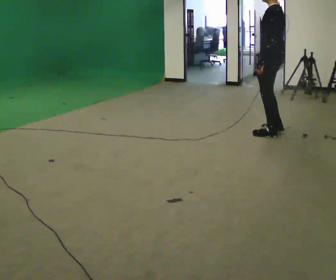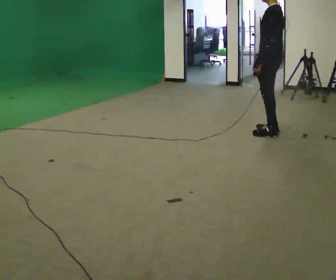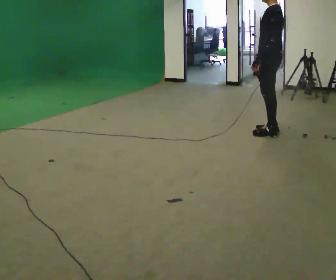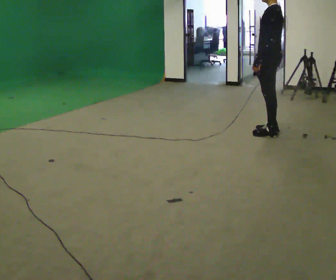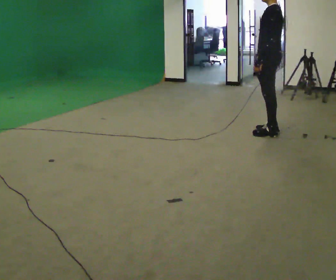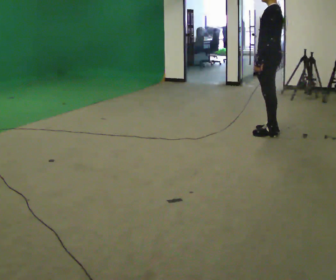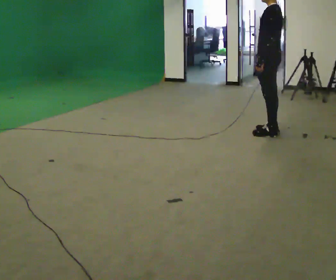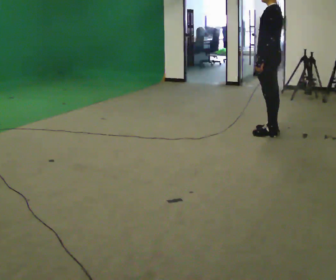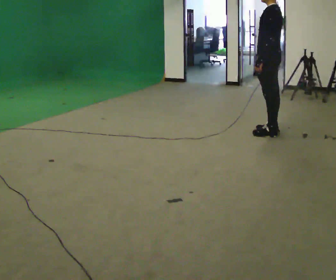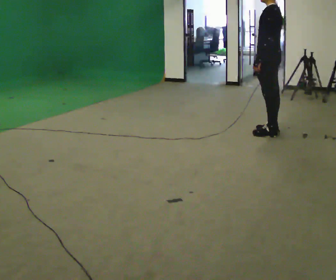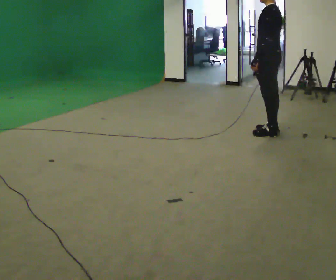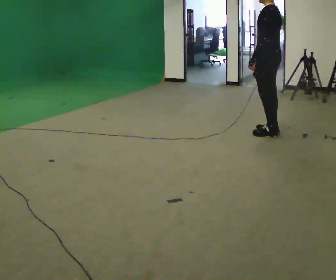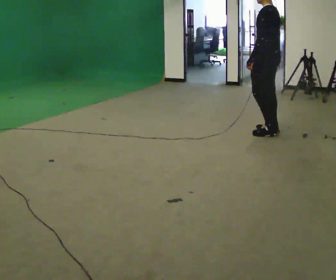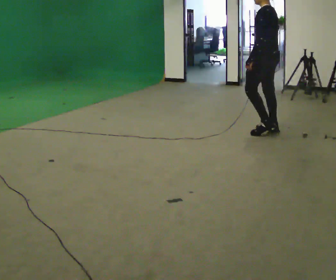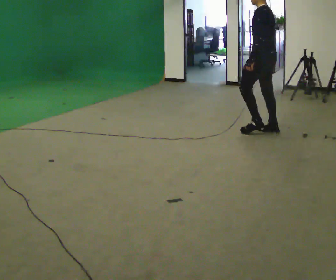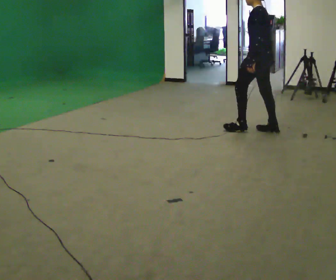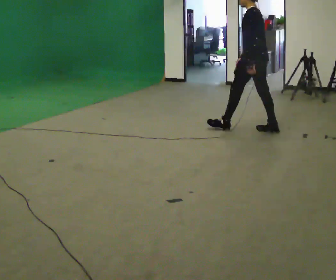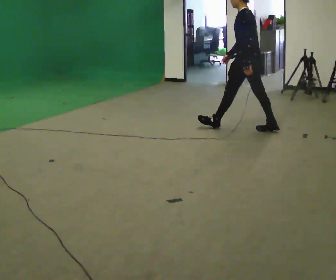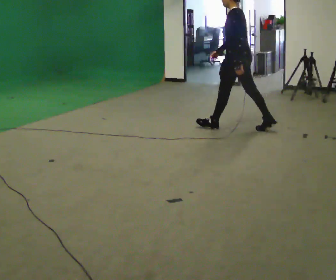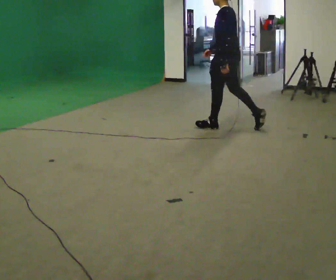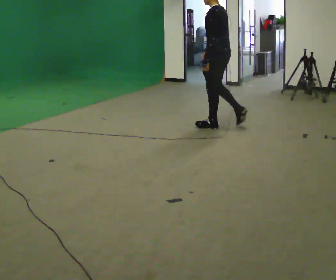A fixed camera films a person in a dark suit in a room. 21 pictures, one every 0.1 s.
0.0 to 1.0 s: The person moves a little, or ends about where they began.
1.0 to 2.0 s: In the picture they go to the left, about 0.75 m in 1 step, which for them is forward.
The film runs forward here.
